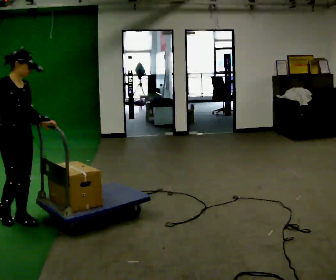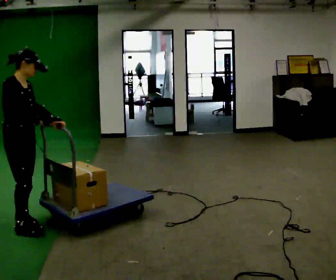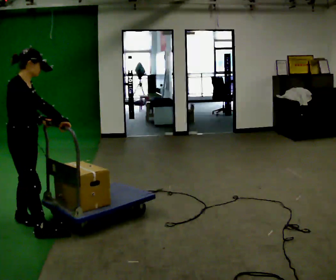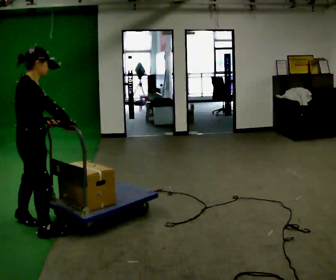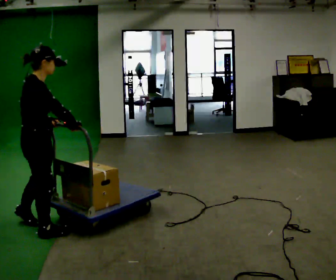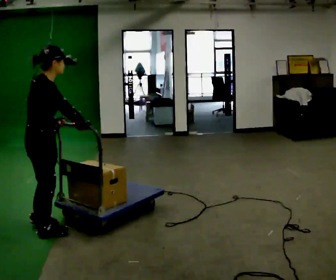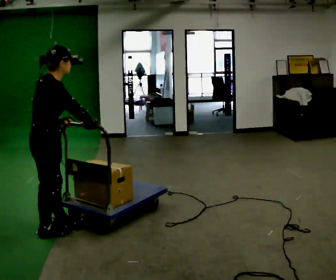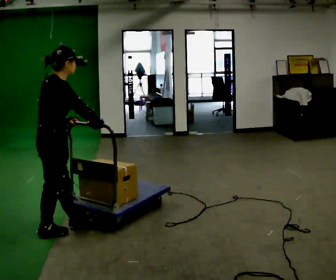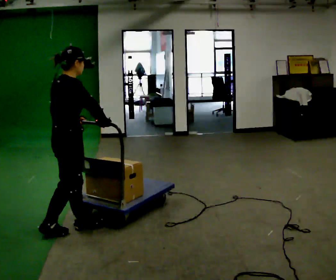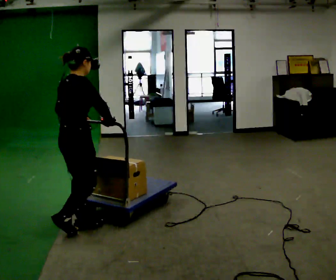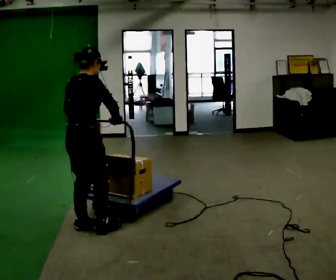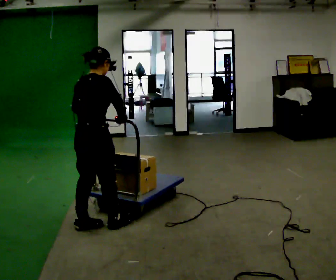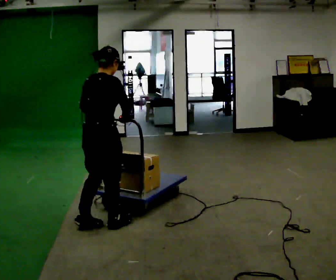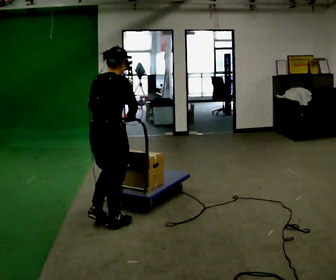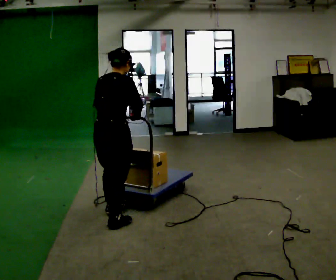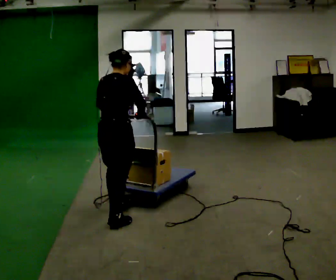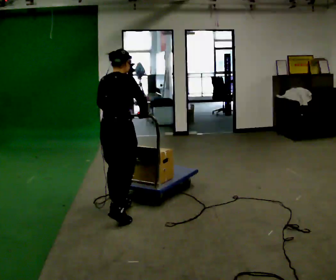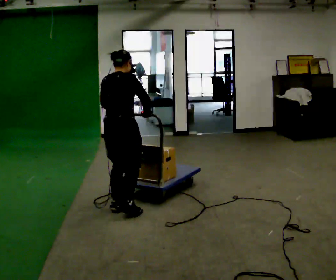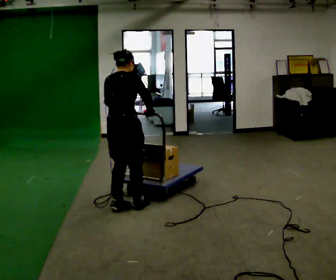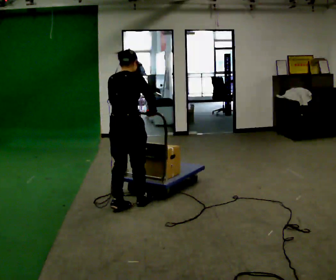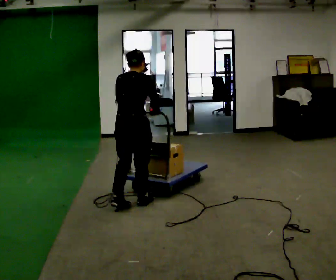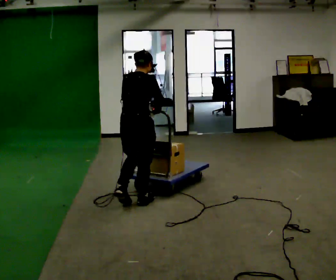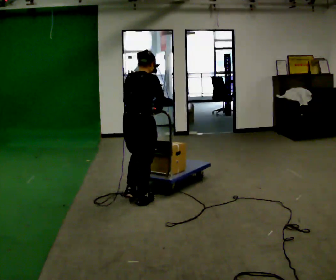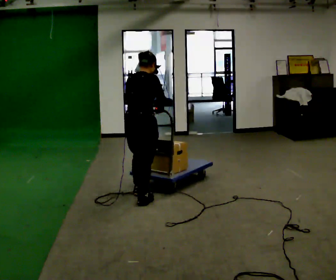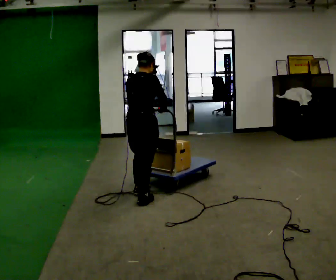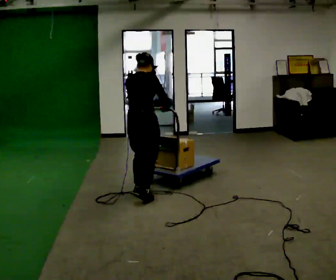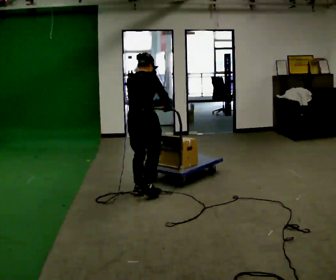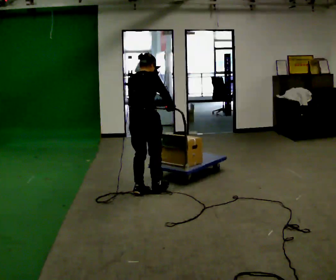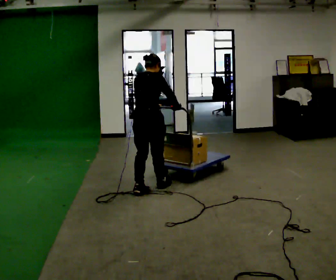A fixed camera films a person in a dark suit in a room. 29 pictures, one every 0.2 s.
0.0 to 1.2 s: The part of the body nearest the lens slides to the right as the person turns to their left by about 45 degrees. In the picture they go to the right and toward the camera, about 0.5 m in 1 step, which for them is to their right and forward.
1.2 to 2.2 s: In the picture they go to the right and away from the camera, about 0.5 m in 2 steps, which for them is forward.
2.2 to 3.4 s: In the picture they go away from the camera and to the right, about 0.5 m in 1 step, which for them is forward.
3.4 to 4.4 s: In the picture they go away from the camera and to the right, about 0.25 m in 1 step, which for them is forward.
4.4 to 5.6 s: In the picture they go away from the camera, about 0.5 m in 2 steps, which for them is forward.
The film runs forward here.
